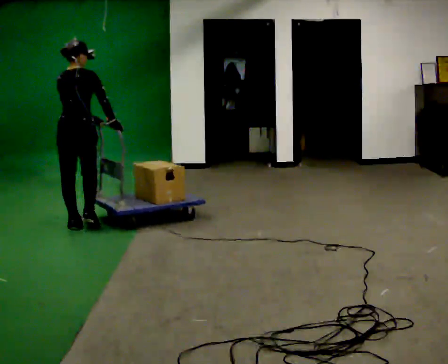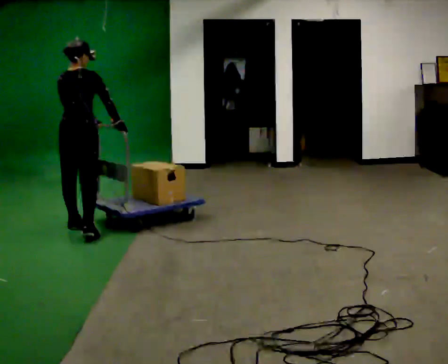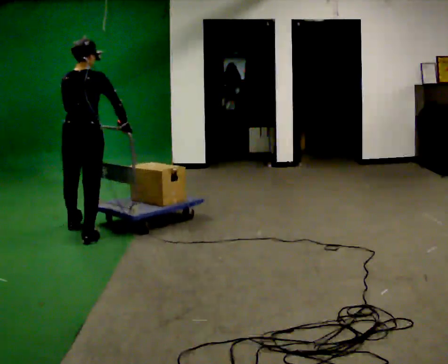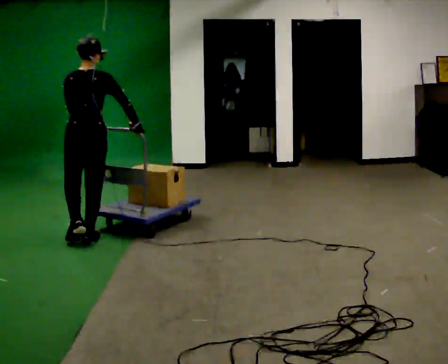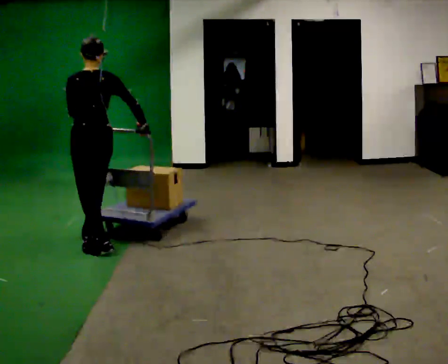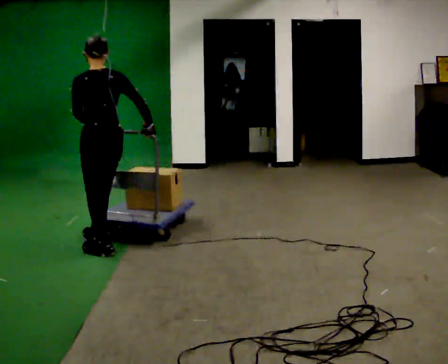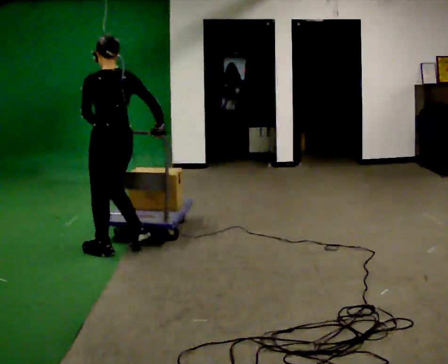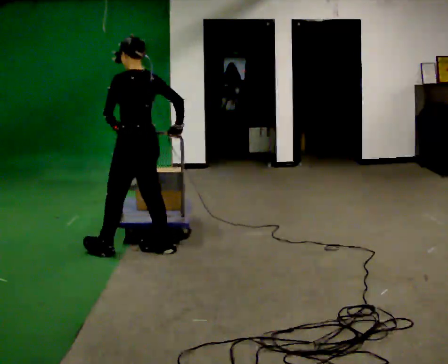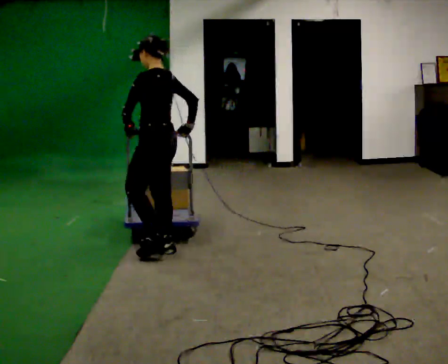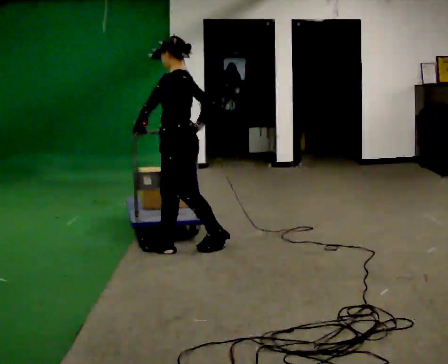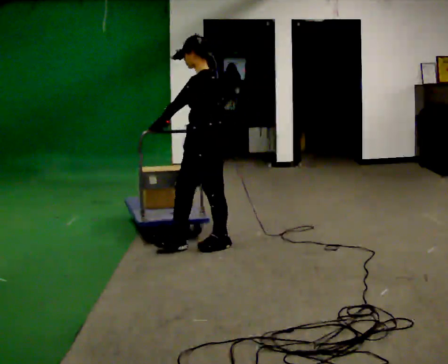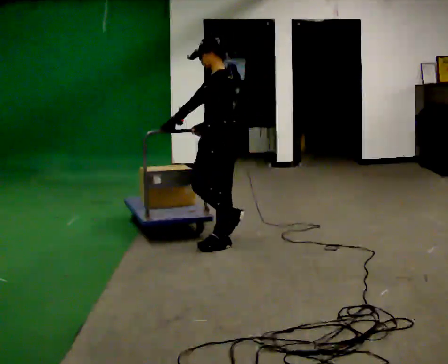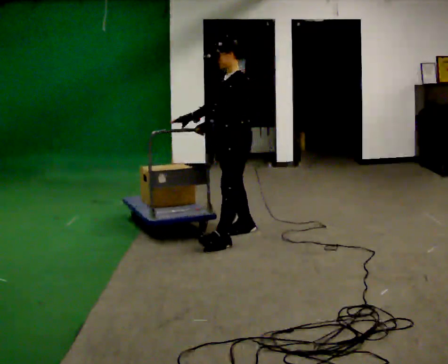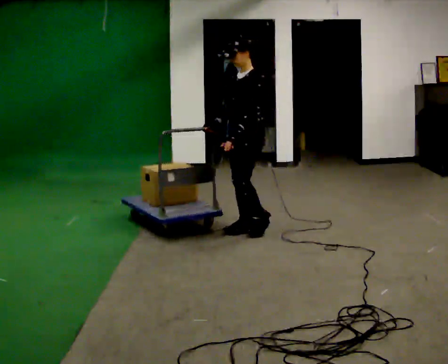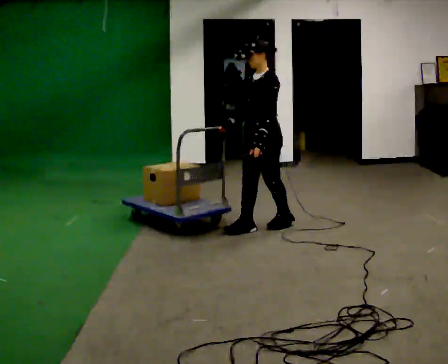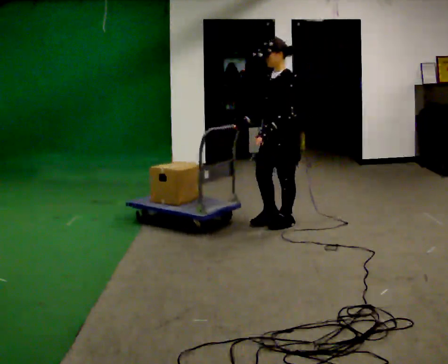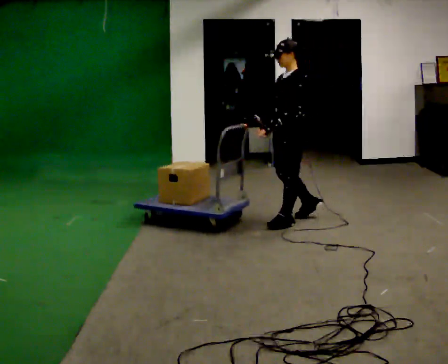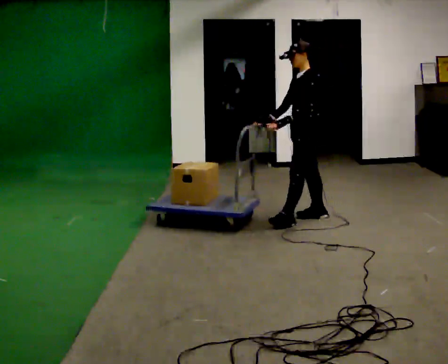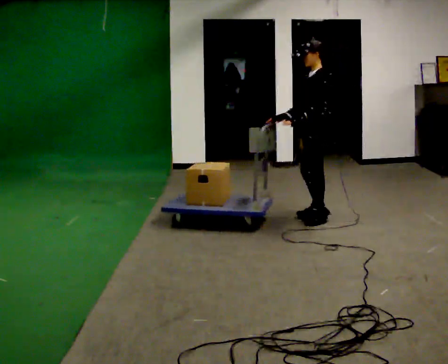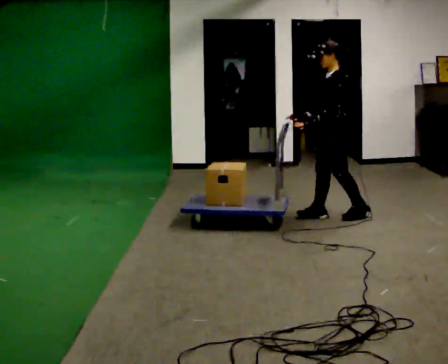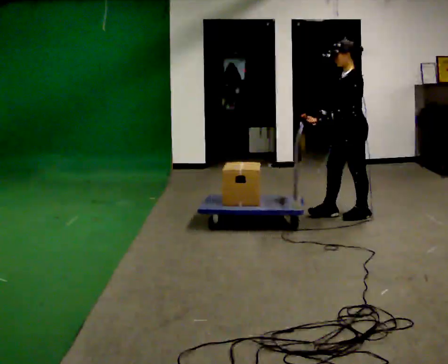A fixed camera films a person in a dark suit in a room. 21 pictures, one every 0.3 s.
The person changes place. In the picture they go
to the right.
Their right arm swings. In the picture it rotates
clockwise.
0.0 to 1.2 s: Seen from above the body turns counterclockwise, about 30 degrees: to their left, with its near side sliding to the right. In the picture they go toward the camera and to the right, about 0.5 m in 1 step, which for them is backward and to their right.
1.2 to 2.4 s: The part of the body nearest the lens slides to the right as the person turns to their left by about 45 degrees. In the picture they go to the right, about 0.5 m in 2 steps, which for them is backward and to their right.
2.4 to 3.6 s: Seen from above the body turns counterclockwise, about 45 degrees: to their left, with its near side sliding to the right. In the picture they go to the right and away from the camera, about 0.75 m in 1 step, which for them is backward.
3.6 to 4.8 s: In the picture they go to the right and away from the camera, about 0.5 m in 2 steps, which for them is backward.
4.8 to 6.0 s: In the picture they go to the right, about 0.5 m in 2 steps, which for them is backward.
The film runs backward here.
